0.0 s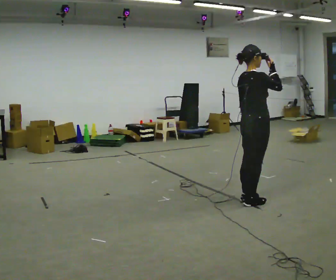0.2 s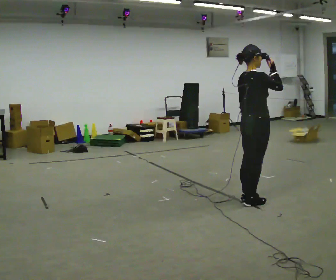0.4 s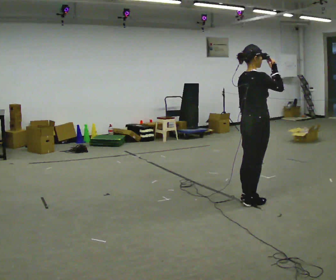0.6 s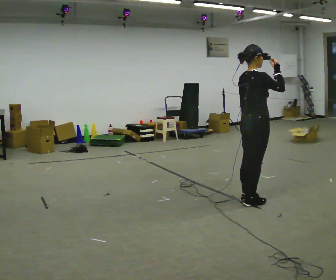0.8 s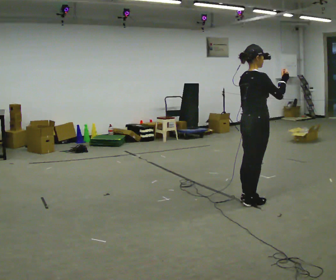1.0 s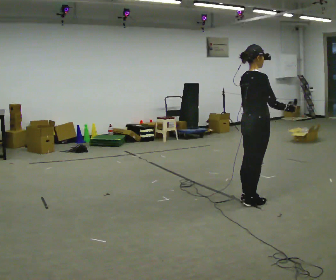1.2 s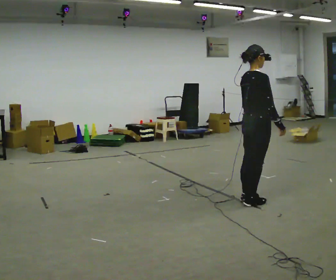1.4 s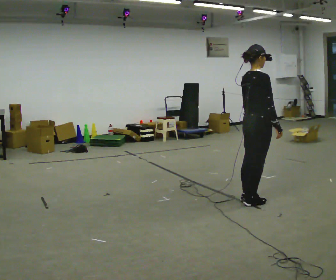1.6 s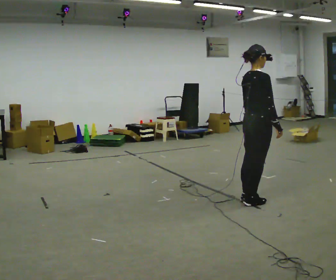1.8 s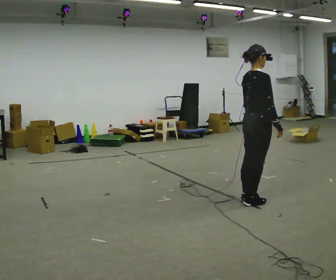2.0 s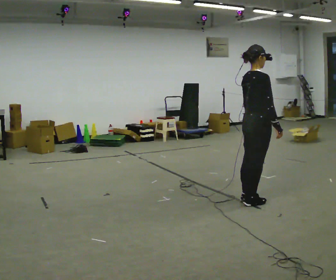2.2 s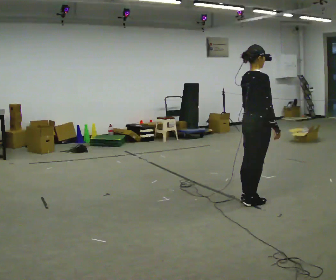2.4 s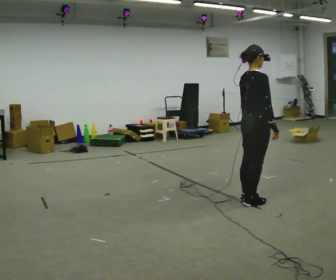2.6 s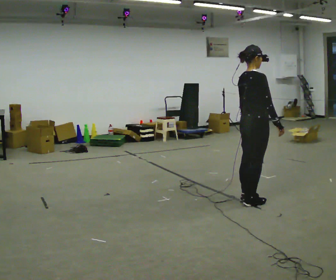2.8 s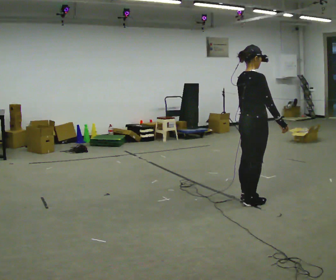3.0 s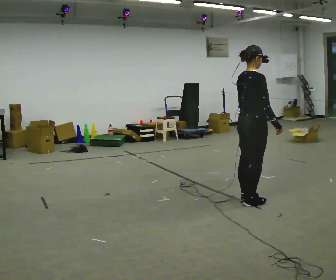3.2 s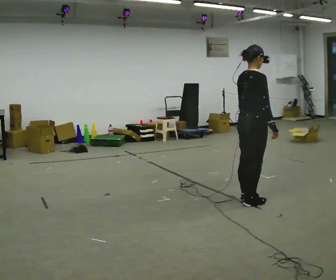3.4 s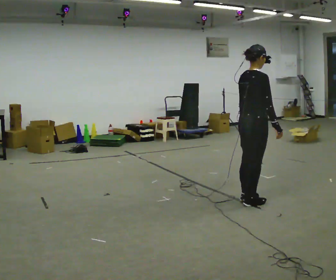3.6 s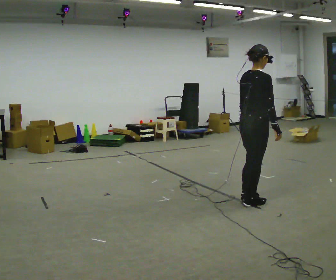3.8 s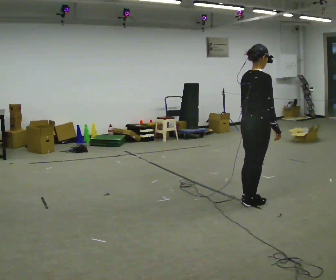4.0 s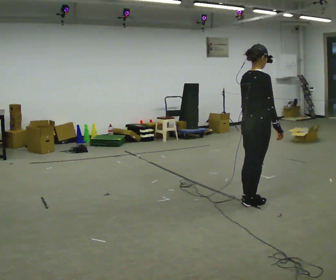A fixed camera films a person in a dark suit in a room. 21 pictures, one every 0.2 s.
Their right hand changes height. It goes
downward.
0.0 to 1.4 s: In the picture their right hand goes downward.
1.4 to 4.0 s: The person moves a little, or ends about where they began.
The film runs backward here.
